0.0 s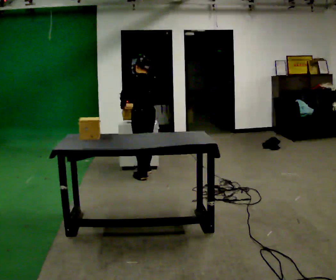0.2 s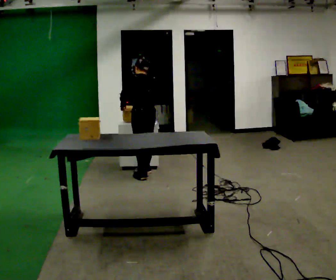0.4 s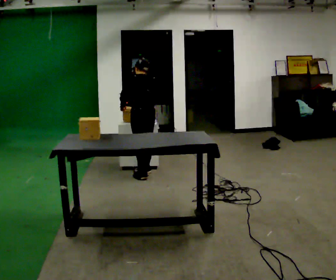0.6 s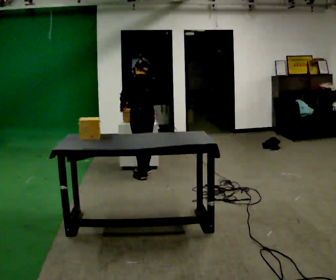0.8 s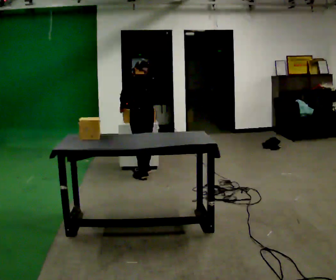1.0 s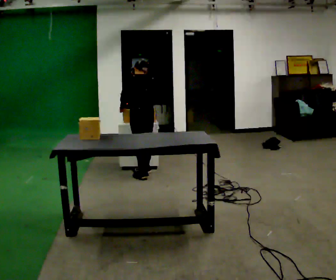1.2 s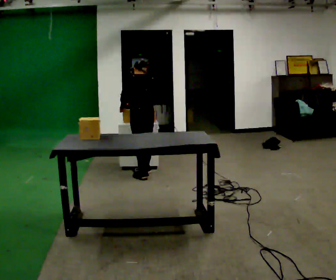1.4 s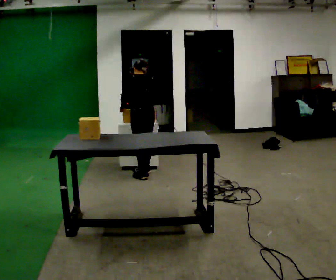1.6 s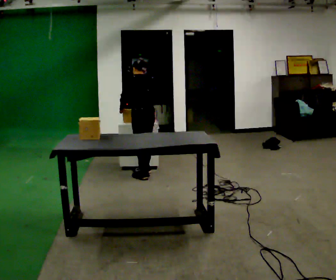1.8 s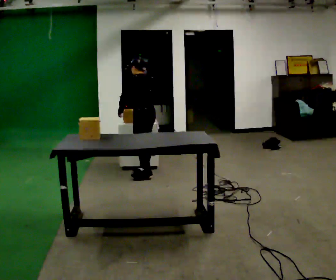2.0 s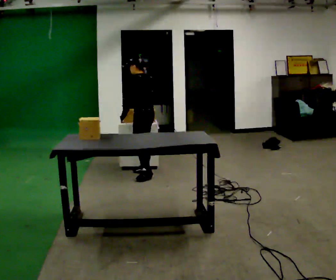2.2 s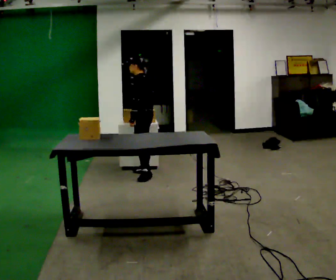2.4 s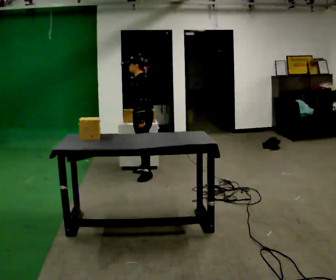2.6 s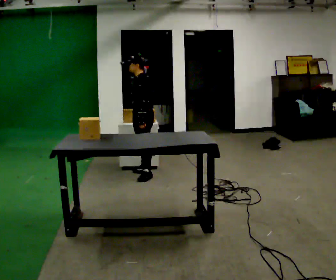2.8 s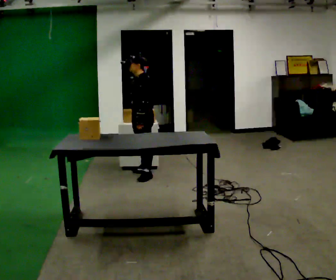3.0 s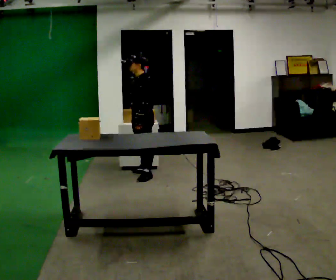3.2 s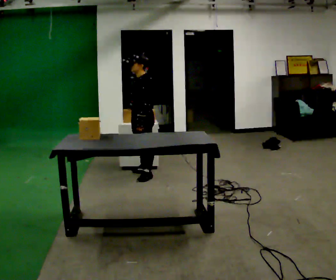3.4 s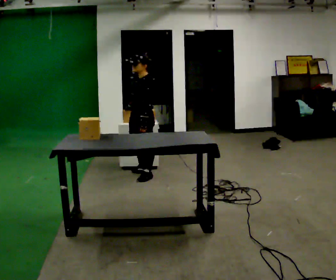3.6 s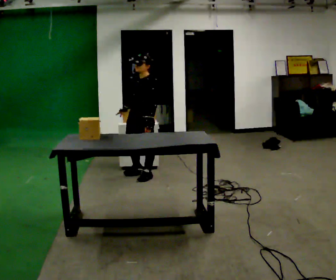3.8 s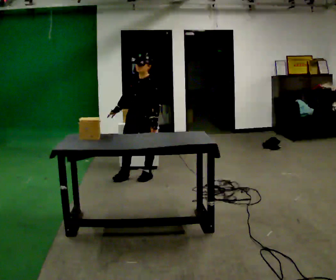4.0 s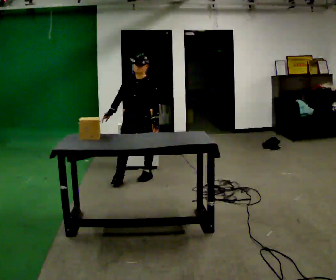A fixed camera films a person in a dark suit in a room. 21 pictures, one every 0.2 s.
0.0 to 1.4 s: The person moves a little, or ends about where they began.
1.4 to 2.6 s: The person turns about 60 degrees to their left, counterclockwise seen from above, so the part of the body nearest the lens slides to the right. The upper body tips toward the camera, its near side rolling downward.
2.6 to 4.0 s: The person turns about 60 degrees to their left, counterclockwise seen from above, so the part of the body nearest the lens slides to the right. In the picture they go toward the camera, about 0.25 m, which for them is forward and to their left.
The film runs forward here.
